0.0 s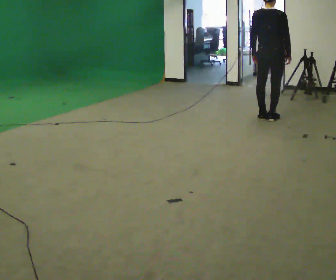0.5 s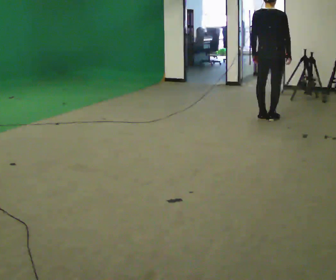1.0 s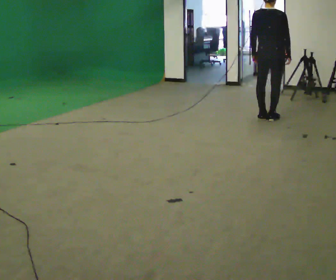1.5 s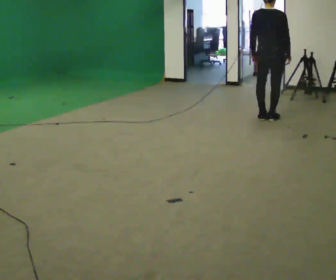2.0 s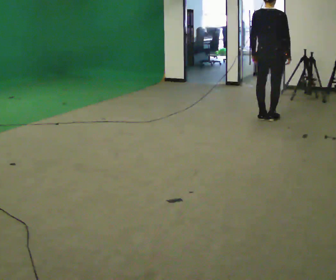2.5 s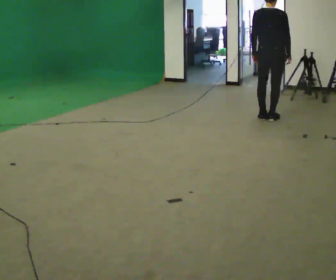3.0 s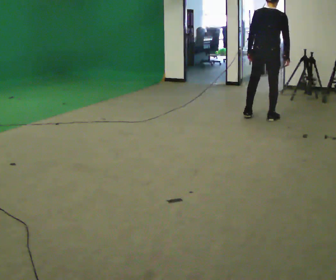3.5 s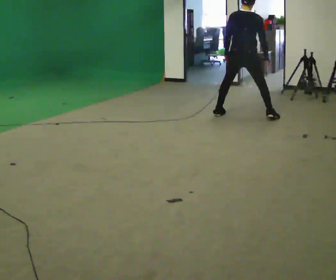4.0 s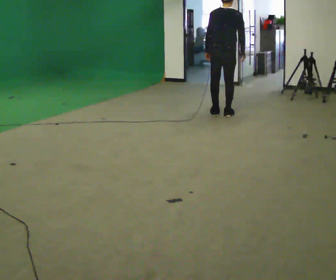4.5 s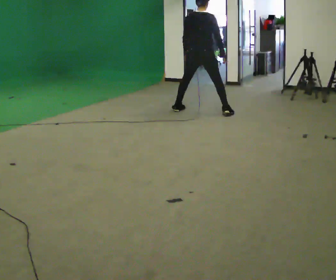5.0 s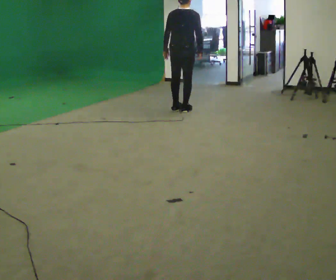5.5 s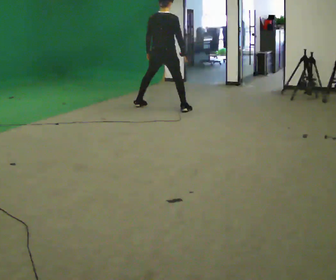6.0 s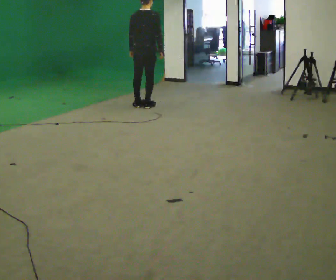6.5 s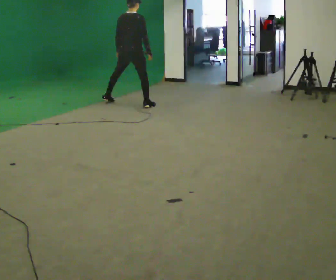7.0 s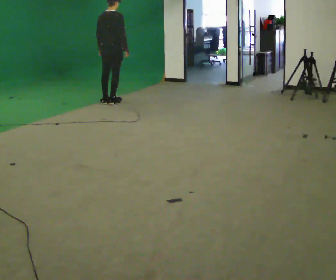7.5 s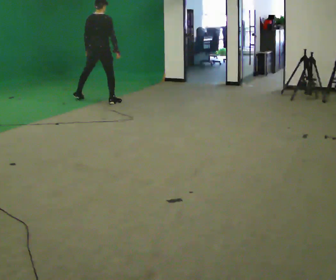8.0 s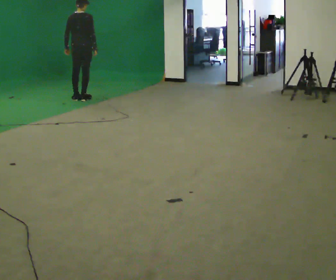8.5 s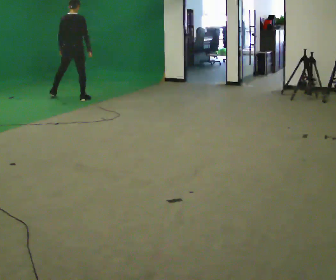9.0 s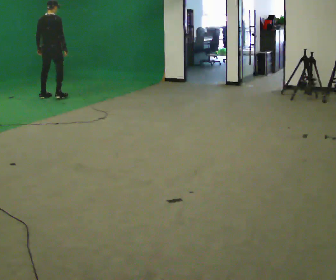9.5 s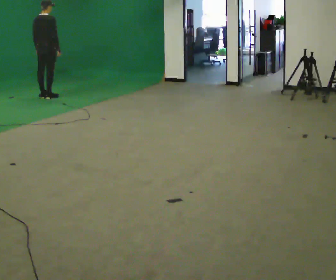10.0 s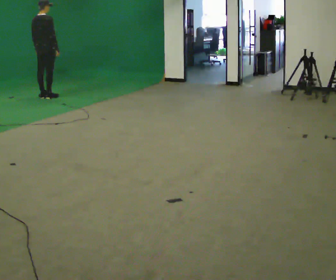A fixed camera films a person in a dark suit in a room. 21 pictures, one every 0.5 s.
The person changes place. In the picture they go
to the left.
0.0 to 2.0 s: The person keeps their place and pose.
2.0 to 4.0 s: In the picture they go to the left and away from the camera, about 0.75 m in 2 steps, which for them is to their left.
4.0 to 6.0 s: In the picture they go to the left and away from the camera, about 1 m in 4 steps, which for them is to their left.
6.0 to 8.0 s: In the picture they go to the left and away from the camera, about 1 m in 4 steps, which for them is to their left.
8.0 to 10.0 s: In the picture they go to the left, about 0.75 m in 2 steps, which for them is to their left.
The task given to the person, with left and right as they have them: Move laterally left/right for ~3 m; natural controlled steps; stop.
The film runs forward here.
